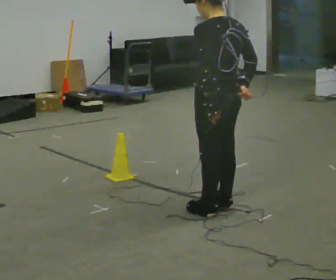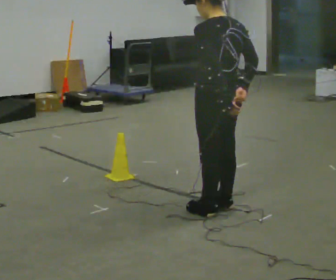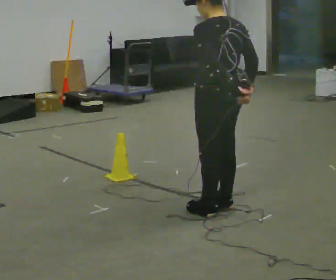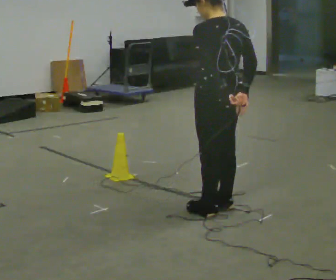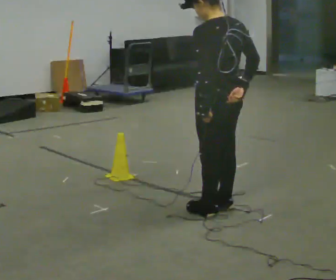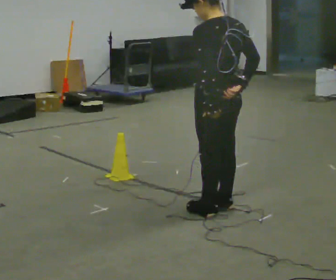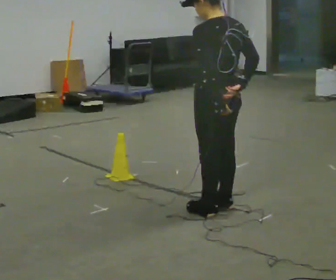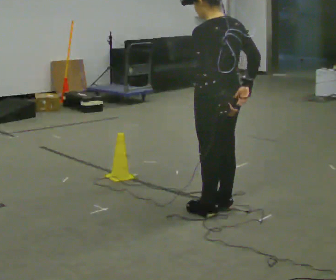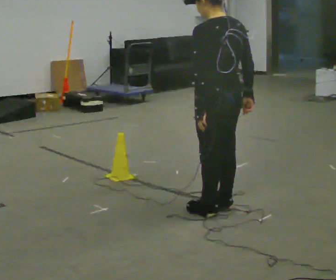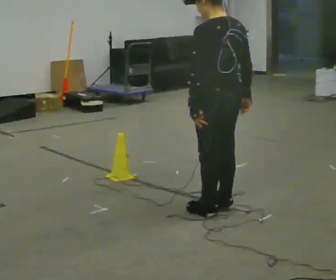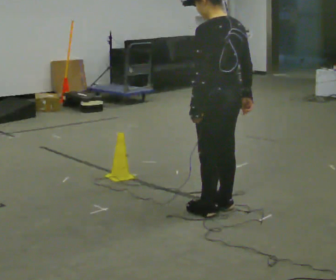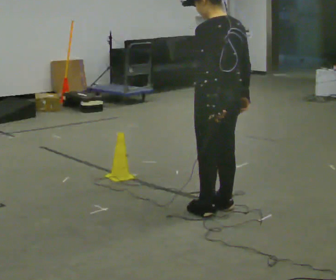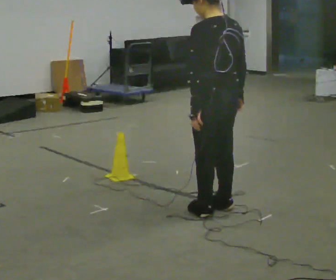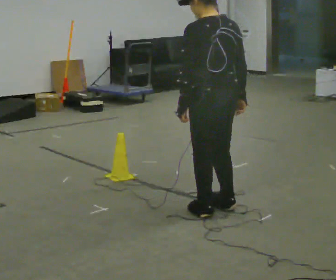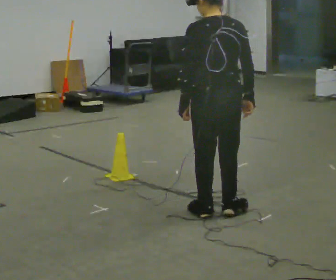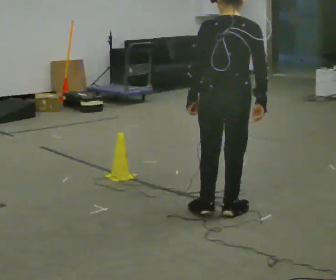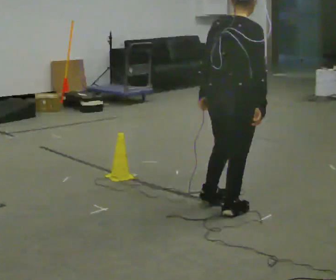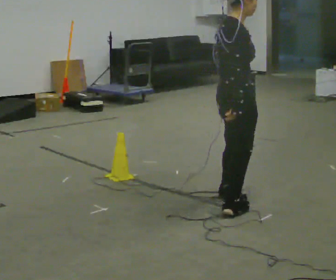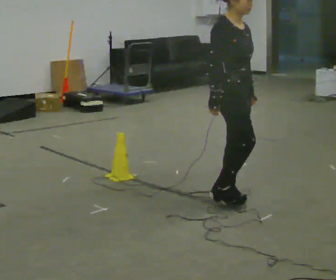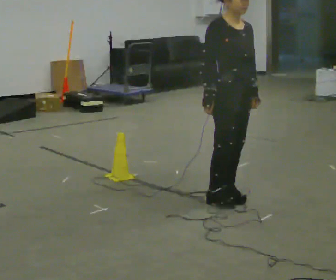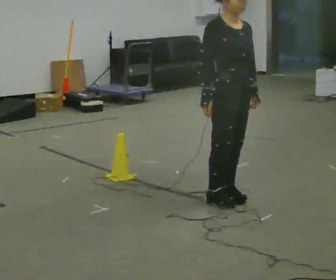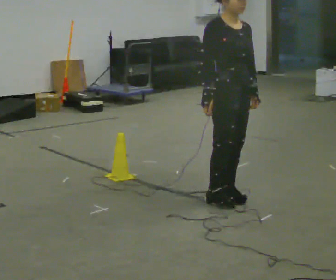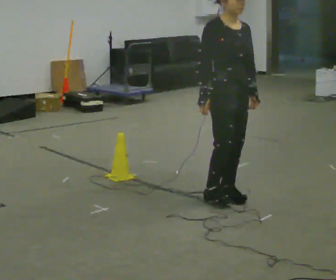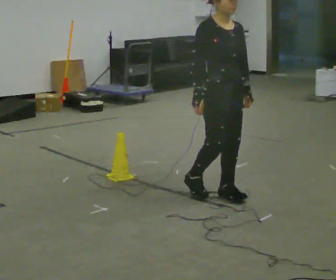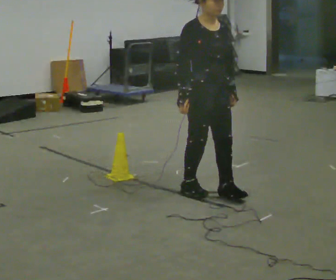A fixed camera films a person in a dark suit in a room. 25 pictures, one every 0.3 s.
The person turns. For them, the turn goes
to their right.
The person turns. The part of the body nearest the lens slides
to the left.
0.0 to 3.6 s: The person moves a little, or ends about where they began.
3.6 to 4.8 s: The person turns about 75 degrees to their right, clockwise seen from above, so the part of the body nearest the lens slides to the left.
4.8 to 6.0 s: Seen from above the body turns clockwise, about 105 degrees: to their right, with its near side sliding to the left. In the picture they go away from the camera, about 0.25 m in 1 step. In the picture their left hand goes to the right, the arm swinging counterclockwise.
6.0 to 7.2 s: In the picture they go to the left, about 0.25 m in 1 step, which for them is backward.
The film runs backward here.
